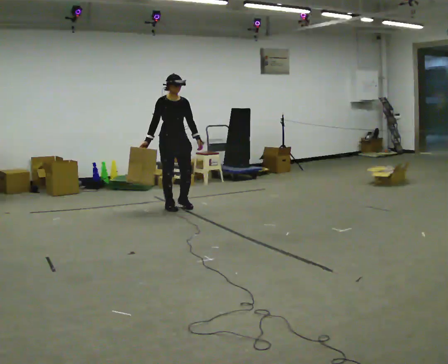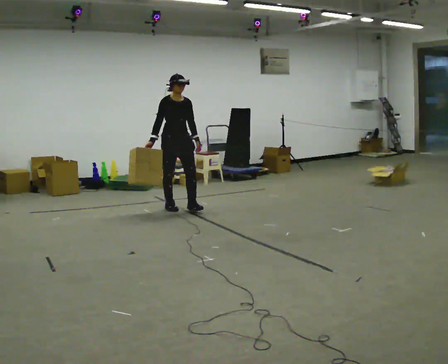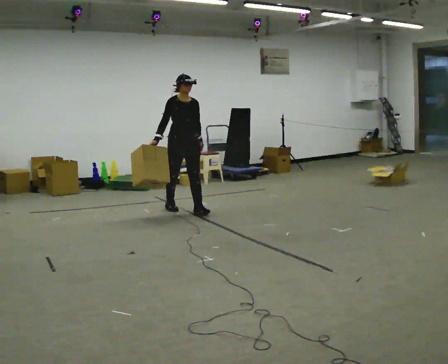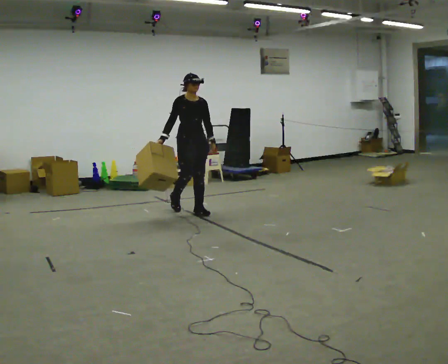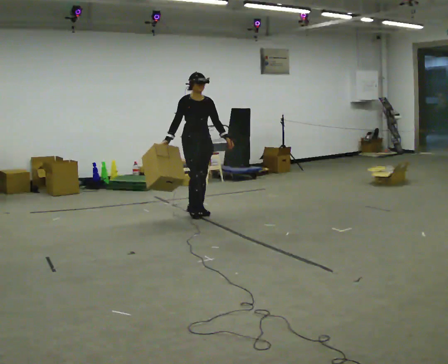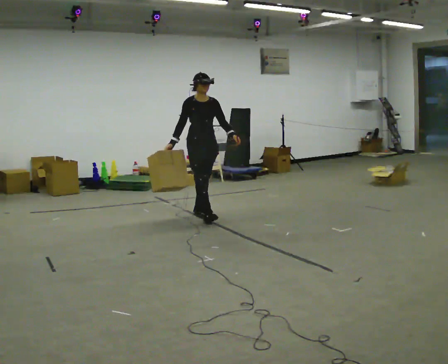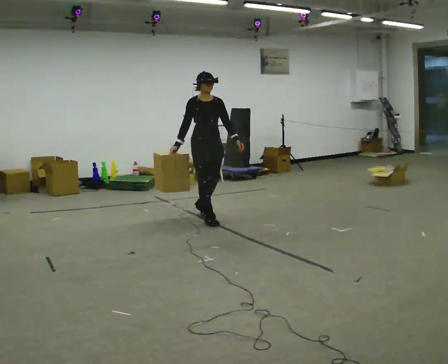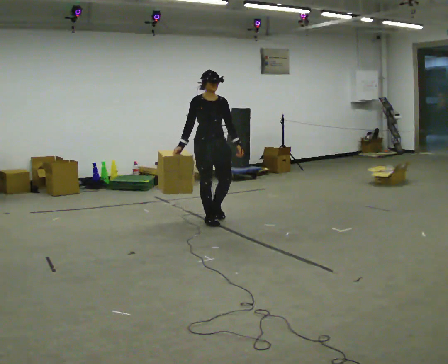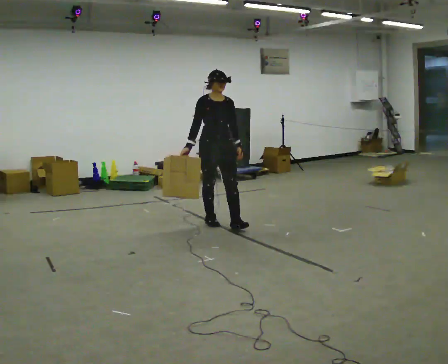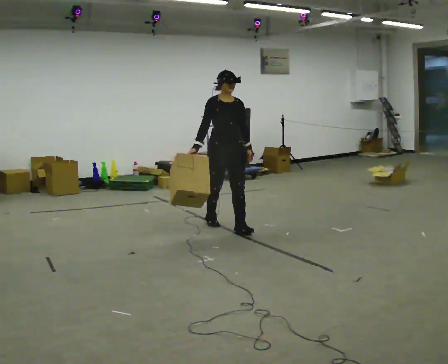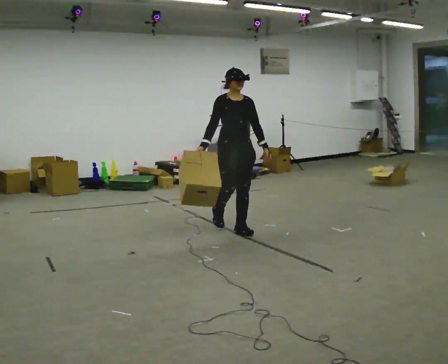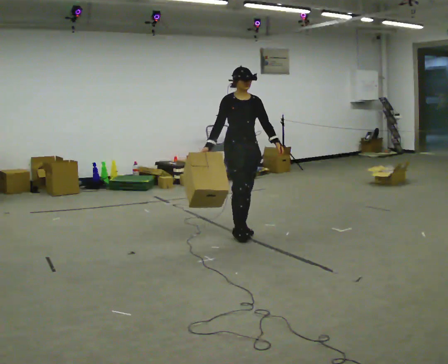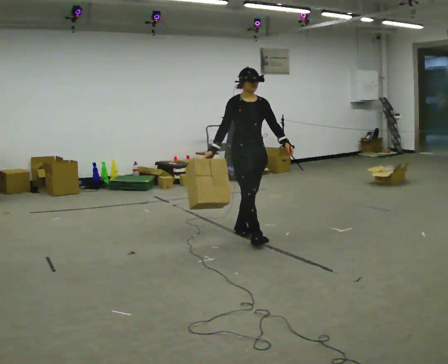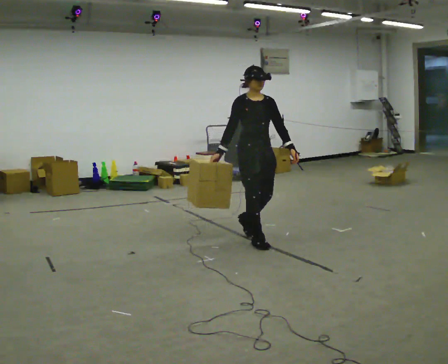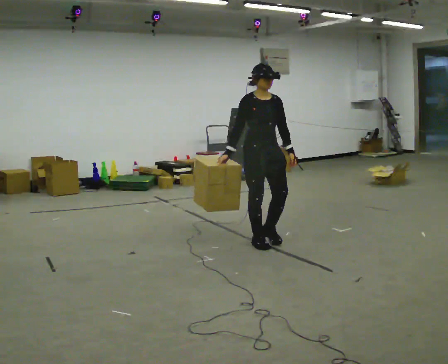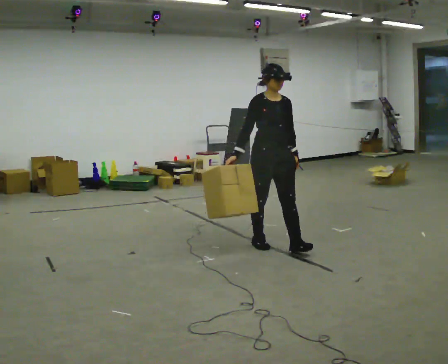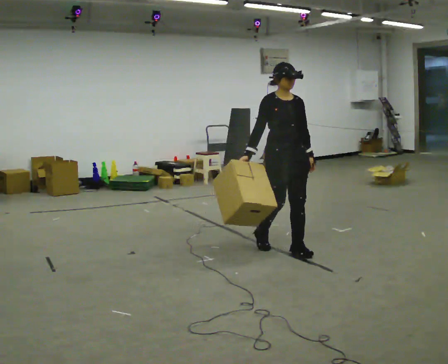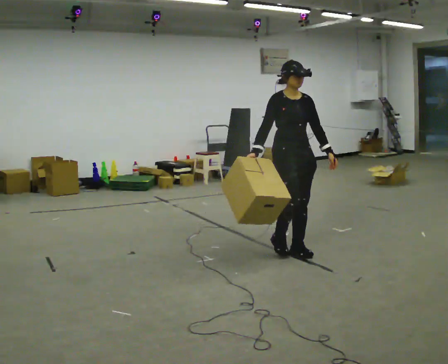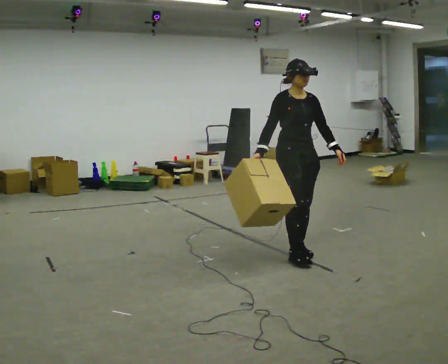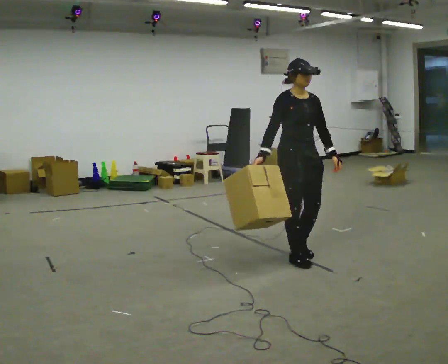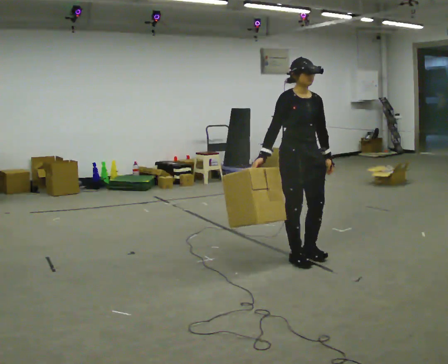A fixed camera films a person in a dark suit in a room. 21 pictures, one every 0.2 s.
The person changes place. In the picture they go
toward the camera.
0.0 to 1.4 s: In the picture they go toward the camera and to the right, about 1 m in 2 steps, which for them is forward.
1.4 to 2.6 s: In the picture they go toward the camera and to the right, about 1 m in 2 steps, which for them is forward.
2.6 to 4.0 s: In the picture they go toward the camera and to the right, about 0.75 m in 2 steps, which for them is forward.
The film runs forward here.
